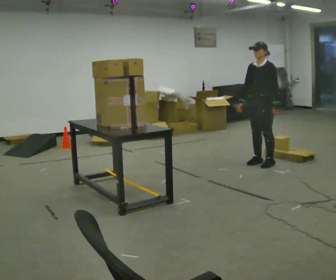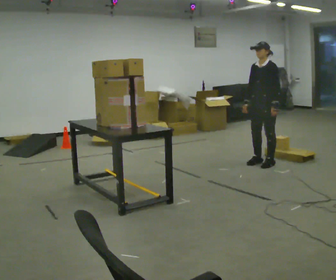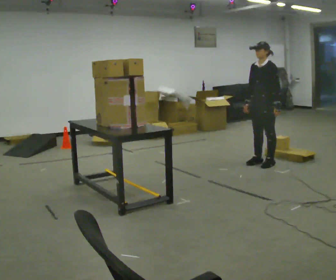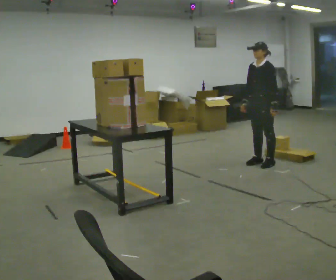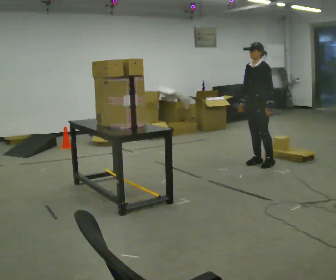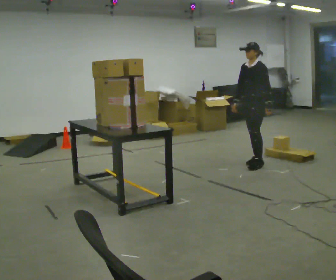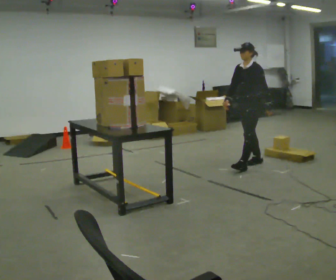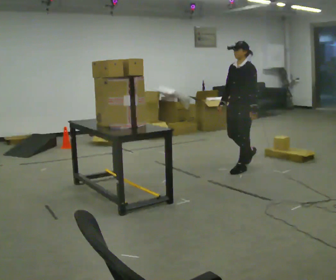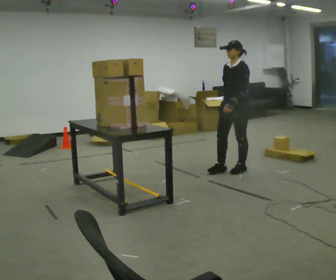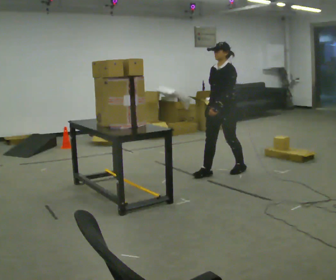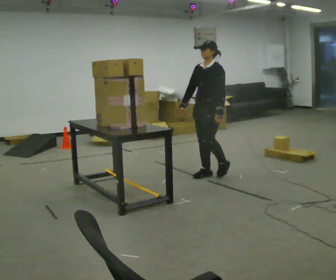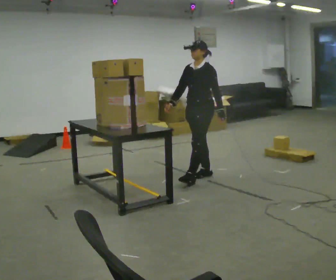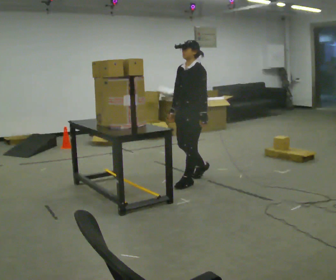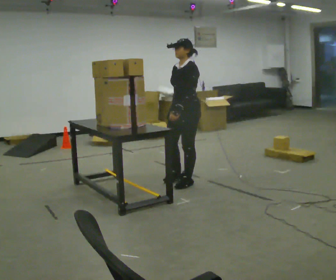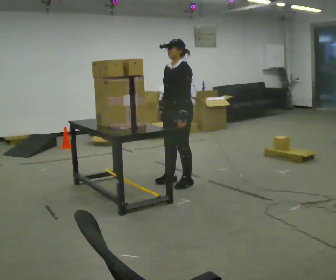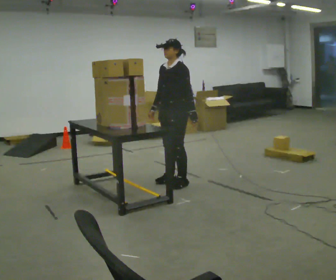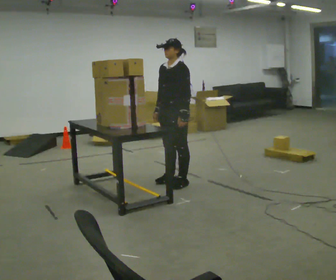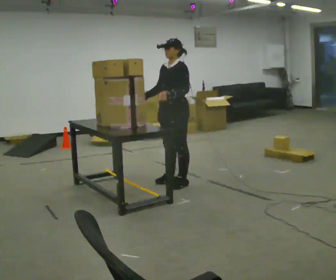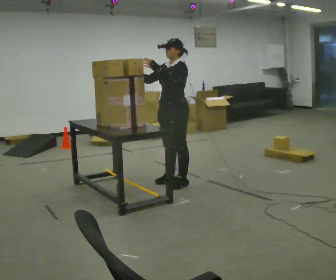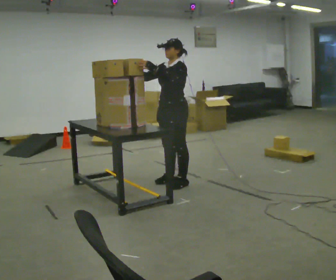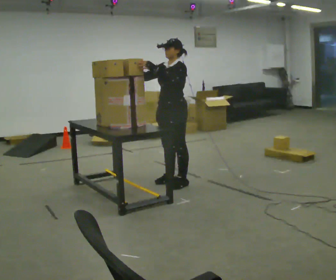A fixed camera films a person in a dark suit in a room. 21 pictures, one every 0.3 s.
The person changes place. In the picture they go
to the left.
0.0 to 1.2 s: The person moves a little, or ends about where they began.
1.2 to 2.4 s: In the picture they go to the left and toward the camera, about 0.5 m in 1 step, which for them is forward.
2.4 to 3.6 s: In the picture they go to the left and toward the camera, about 0.75 m in 2 steps, which for them is forward.
3.6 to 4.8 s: In the picture they go to the left, about 0.25 m in 1 step, which for them is forward.
4.8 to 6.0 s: In the picture their right hand goes upward, the arm swinging clockwise.
The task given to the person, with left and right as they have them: Take an object from the lowest shelf, carry it across the room, and place it on the highest shelf you can comfortably reach. Keep going until the operator says stop; one object at a time, and do not rush between trips.
The film runs forward here.
